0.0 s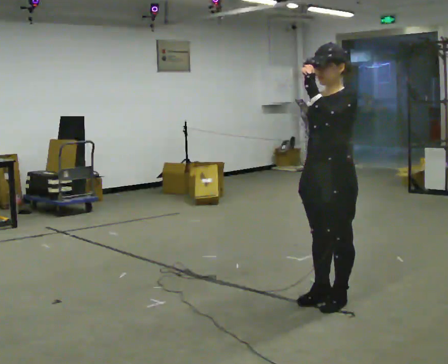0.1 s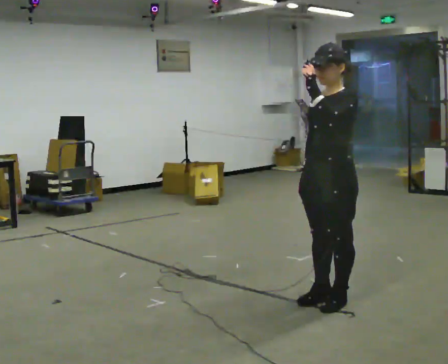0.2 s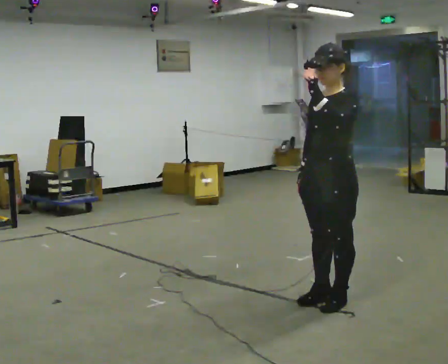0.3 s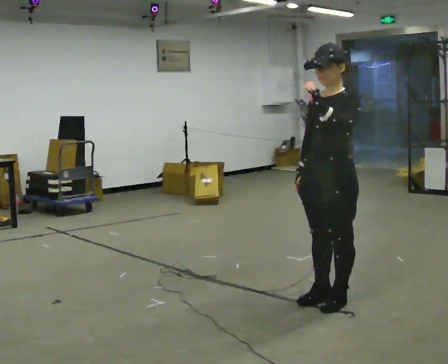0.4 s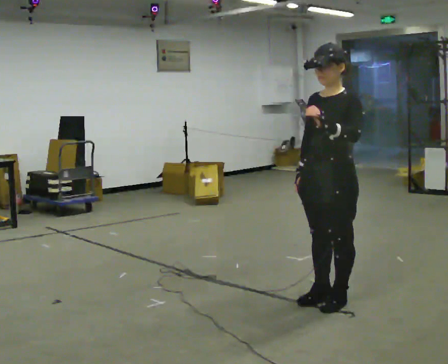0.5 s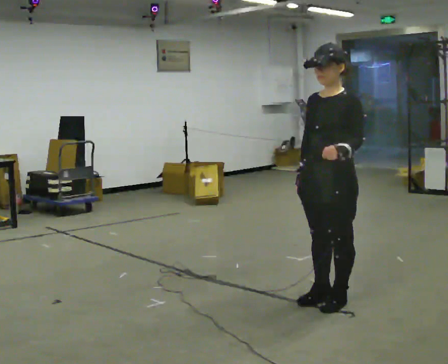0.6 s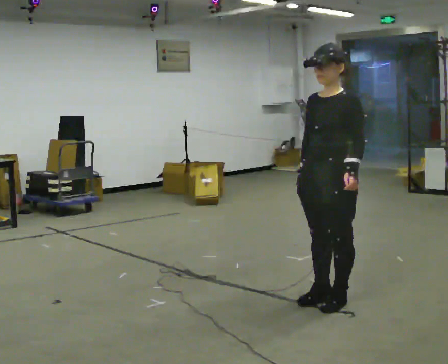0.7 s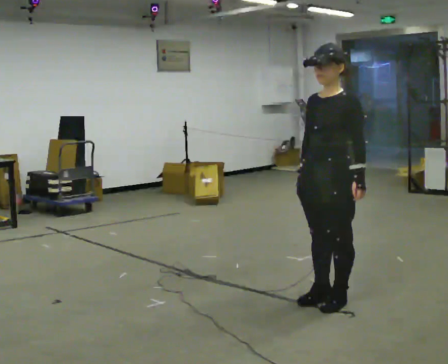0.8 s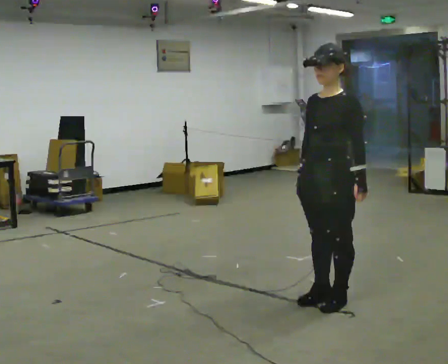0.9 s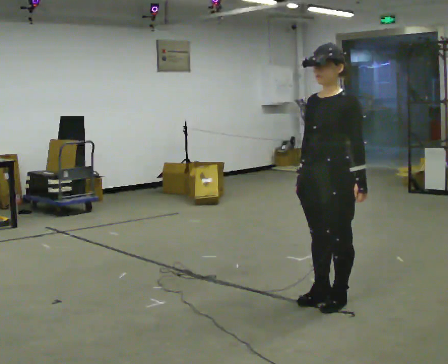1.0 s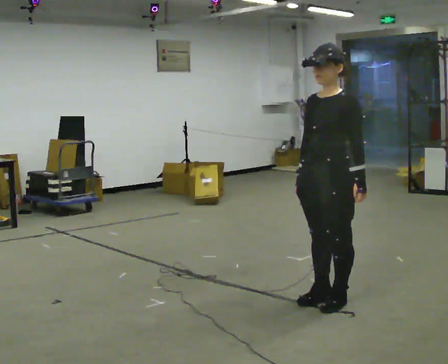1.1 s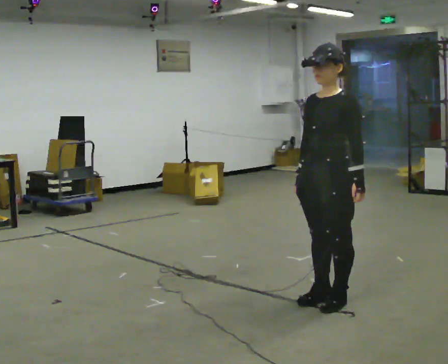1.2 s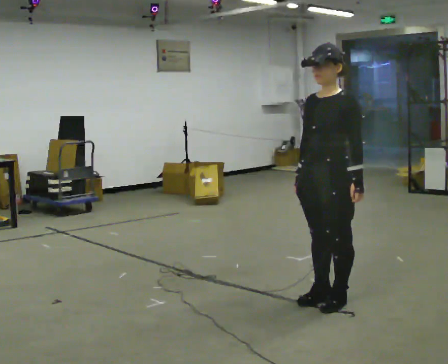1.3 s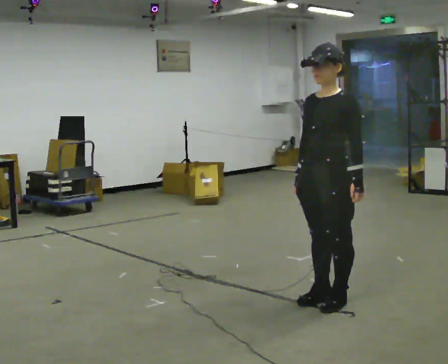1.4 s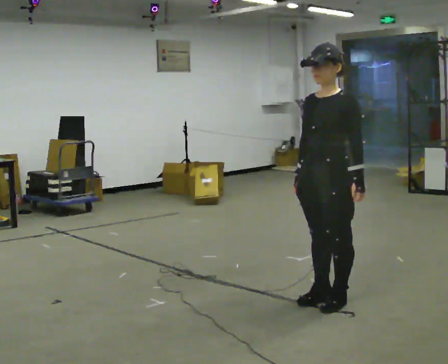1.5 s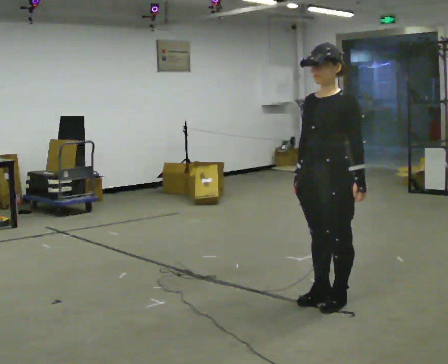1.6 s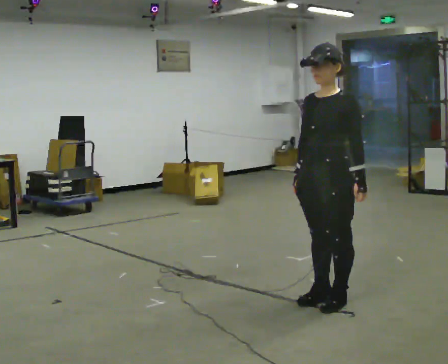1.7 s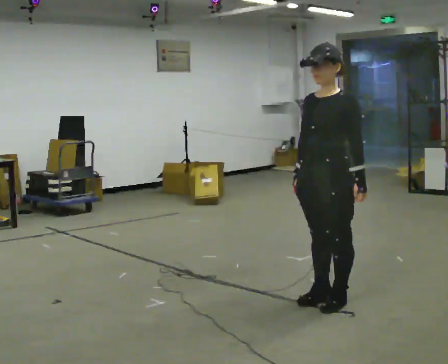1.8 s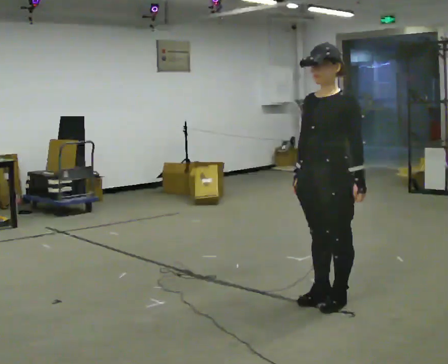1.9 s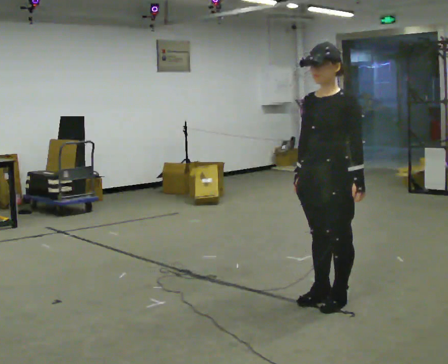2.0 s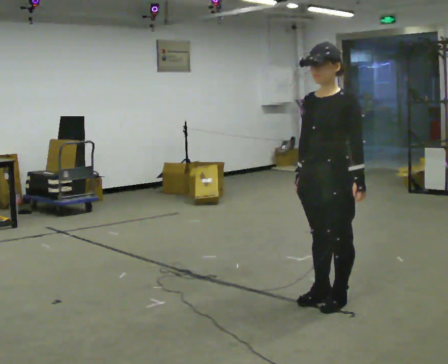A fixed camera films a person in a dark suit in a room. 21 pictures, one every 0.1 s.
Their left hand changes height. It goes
downward.
0.0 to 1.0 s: In the picture their left hand goes downward.
1.0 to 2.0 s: The person keeps their place and pose.
The film runs backward here.
